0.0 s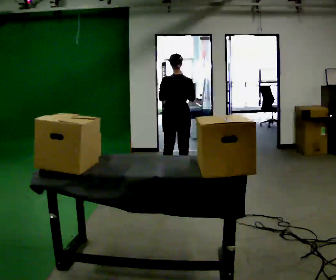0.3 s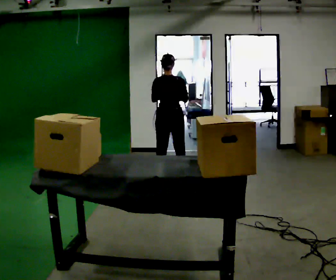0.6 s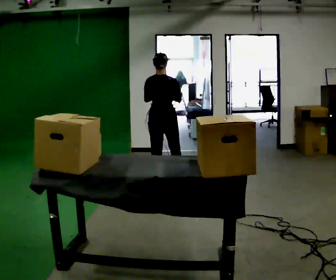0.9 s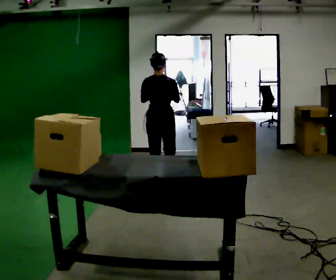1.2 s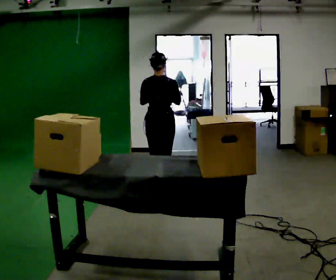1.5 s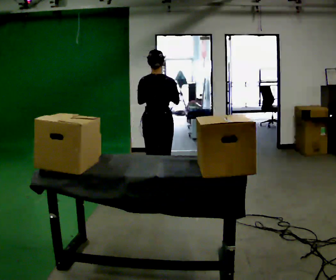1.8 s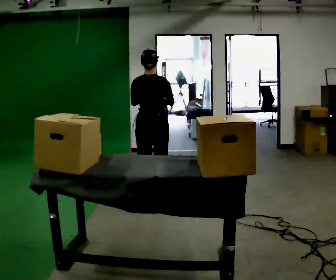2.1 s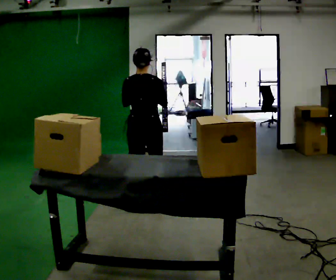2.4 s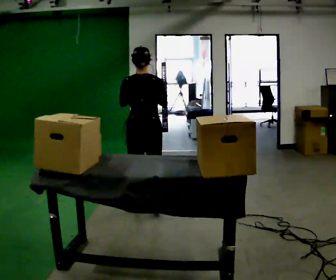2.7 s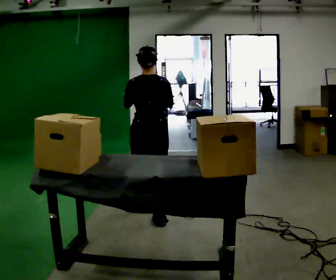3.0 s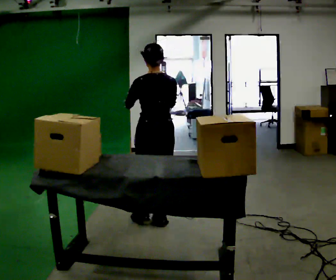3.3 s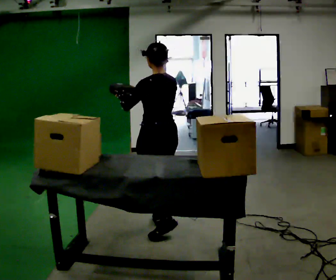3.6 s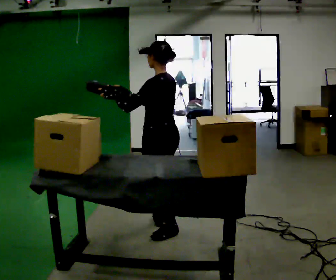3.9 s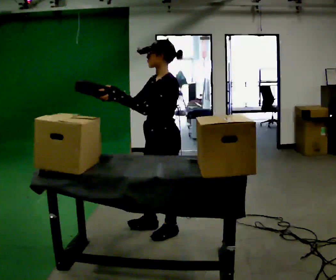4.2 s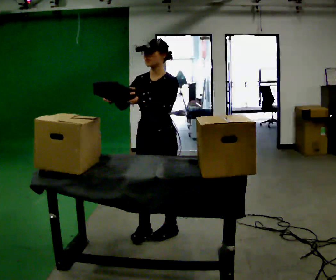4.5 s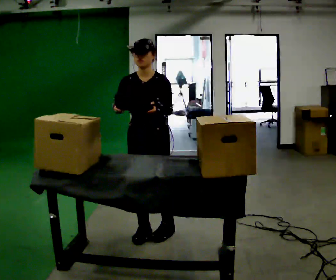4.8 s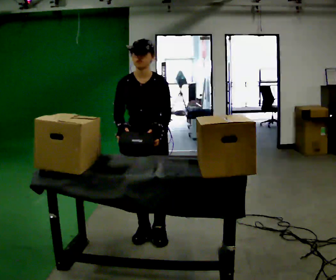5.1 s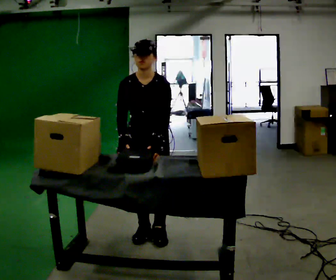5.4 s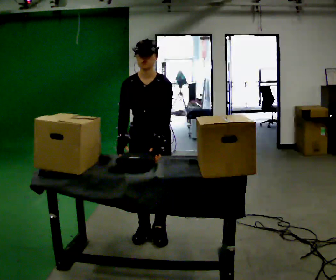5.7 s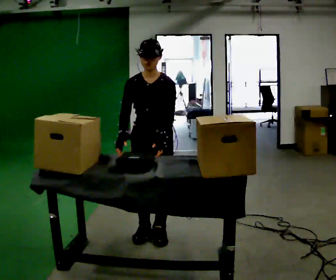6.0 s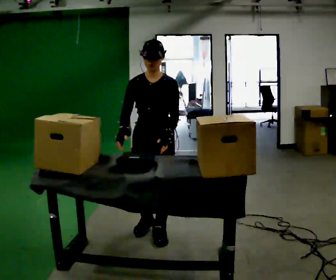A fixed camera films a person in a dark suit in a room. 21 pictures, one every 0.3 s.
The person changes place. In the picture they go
toward the camera.
The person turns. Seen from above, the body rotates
counterclockwise.
0.0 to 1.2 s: In the picture they go toward the camera and to the left, about 0.5 m in 1 step, which for them is backward.
1.2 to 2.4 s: In the picture they go toward the camera, about 0.5 m in 2 steps, which for them is backward.
2.4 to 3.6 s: Seen from above the body turns counterclockwise, about 75 degrees: to their left, with its near side sliding to the right. In the picture they go toward the camera, about 0.5 m in 1 step.
3.6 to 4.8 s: Seen from above the body turns counterclockwise, about 105 degrees: to their left, with its near side sliding to the right. In the picture their left hand goes to the right.
4.8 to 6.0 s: The person moves a little, or ends about where they began.
The film runs backward here.
